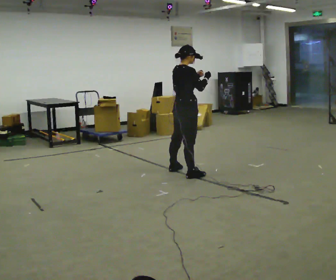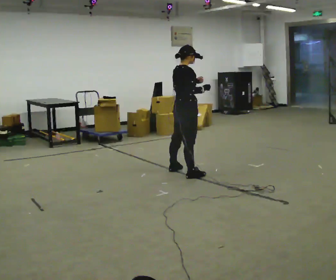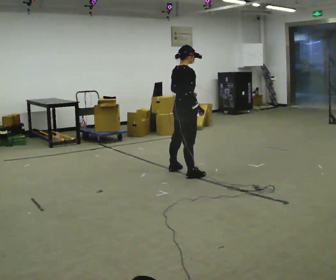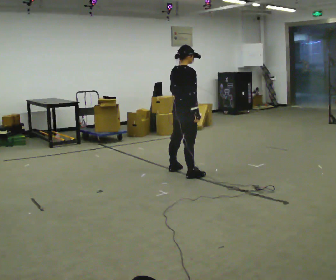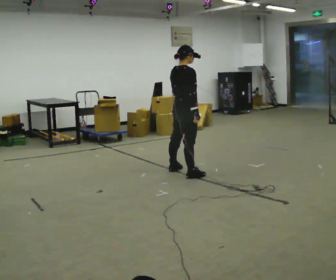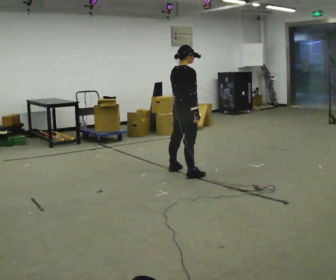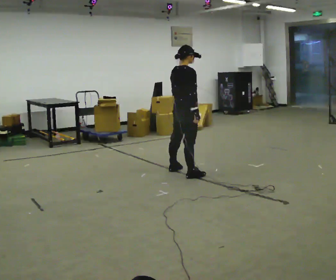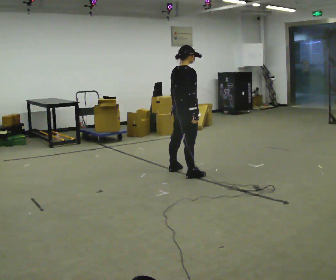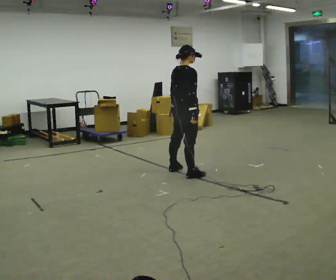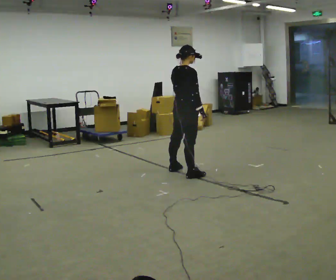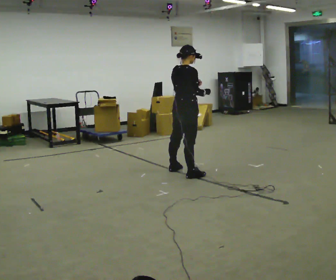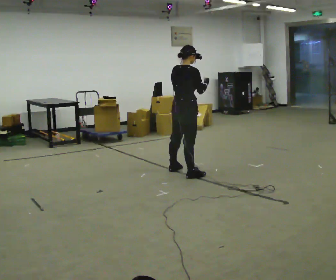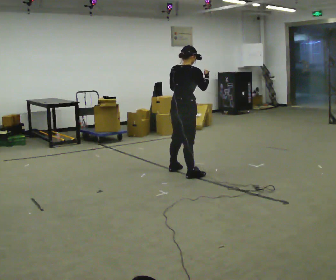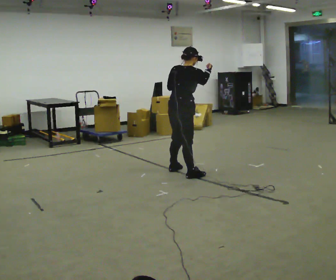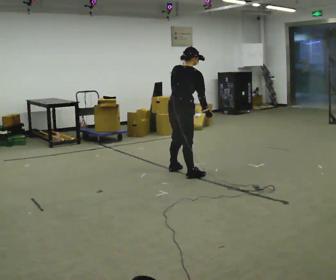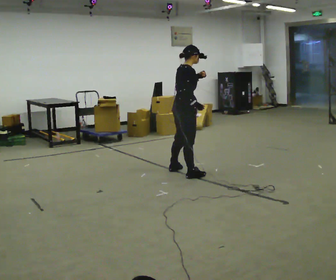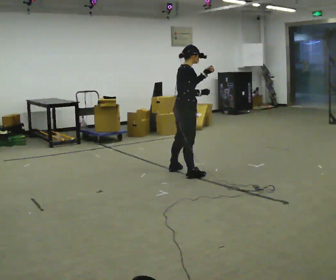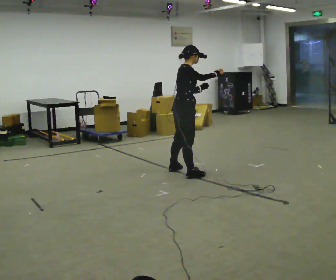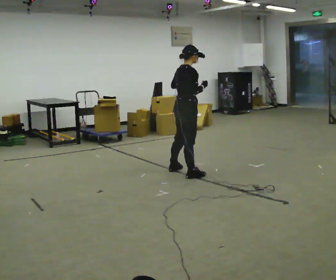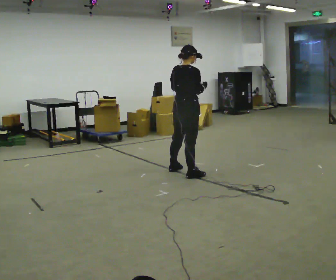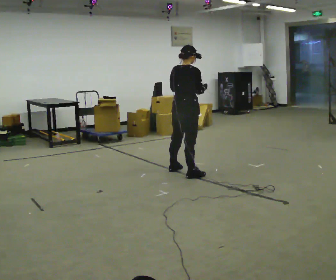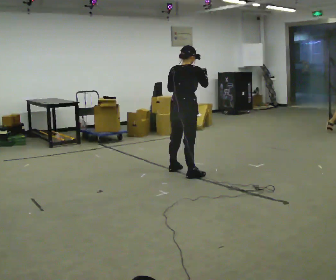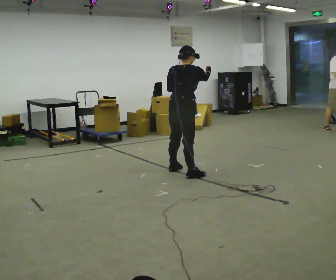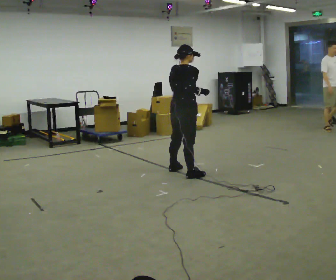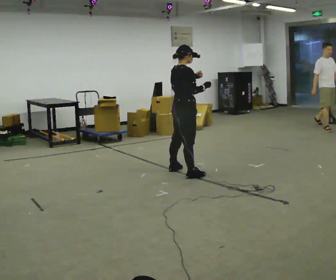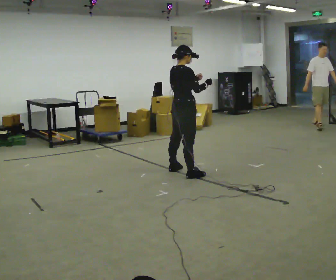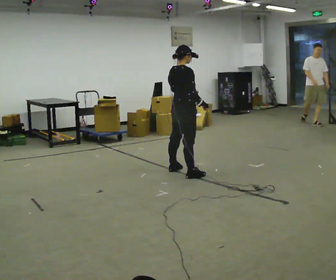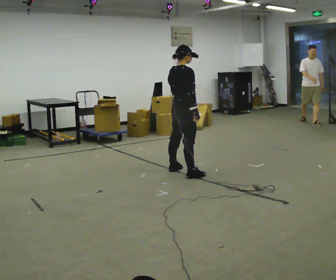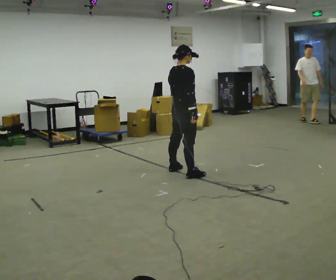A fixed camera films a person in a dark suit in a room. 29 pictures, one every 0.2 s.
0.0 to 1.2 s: In the picture their right hand goes downward.
1.2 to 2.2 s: In the picture their right hand goes upward.
2.2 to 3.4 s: The person moves a little, or ends about where they began.
3.4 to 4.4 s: Seen from above the body turns counterclockwise, about 45 degrees: to their left, with its near side sliding to the right.
4.4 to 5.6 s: Seen from above the body turns clockwise, about 30 degrees: to their right, with its near side sliding to the left. In the picture their right hand goes downward.
The film runs backward here.
